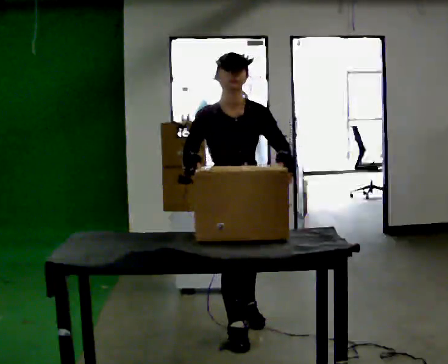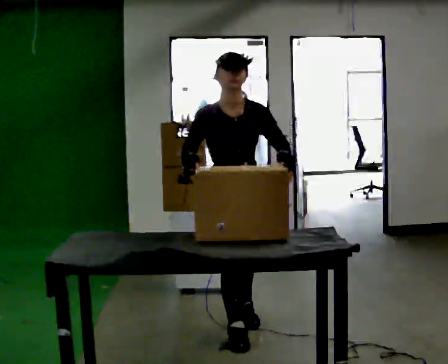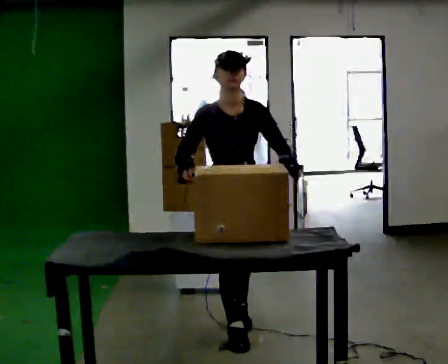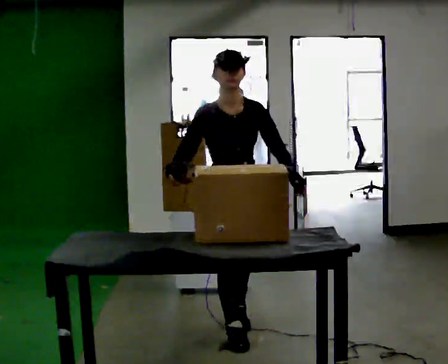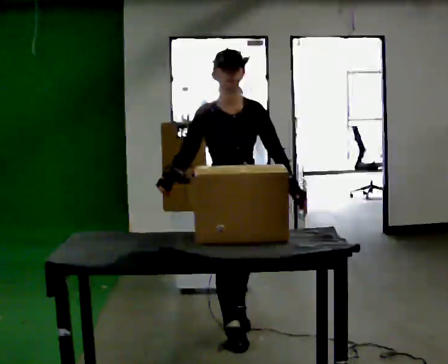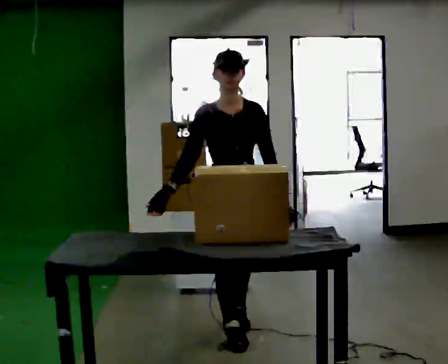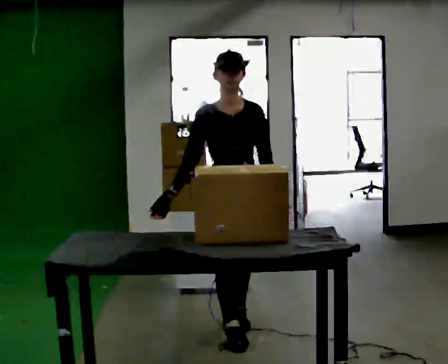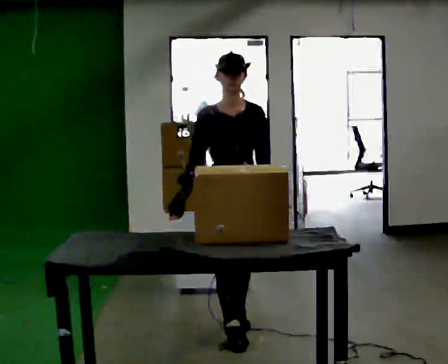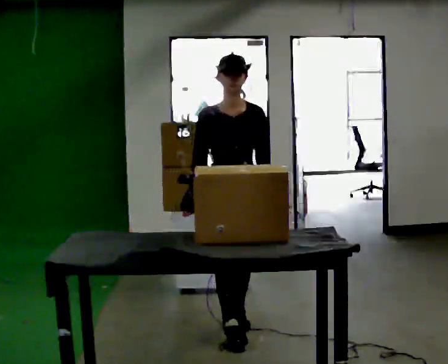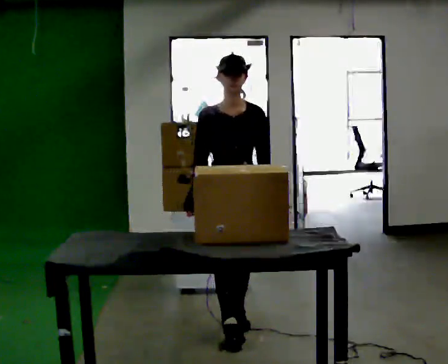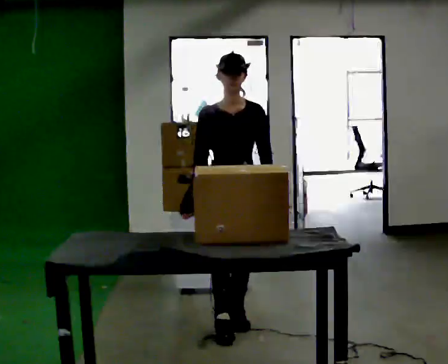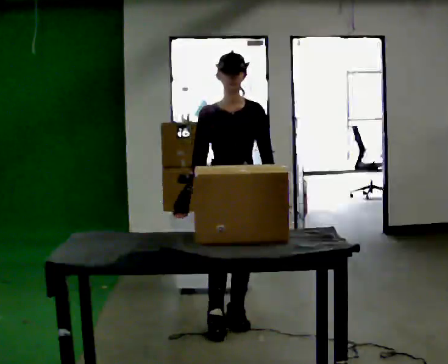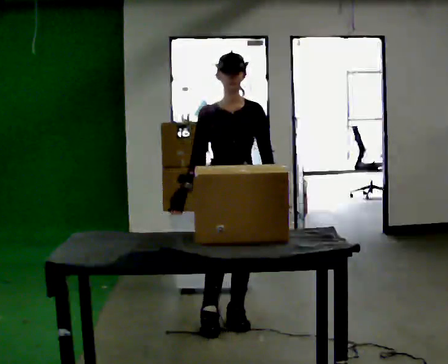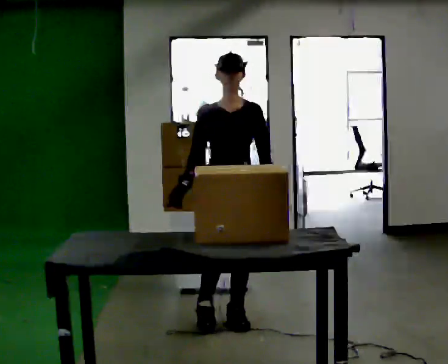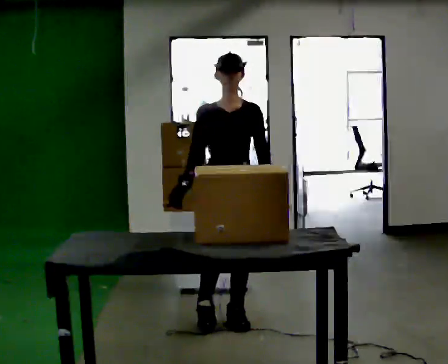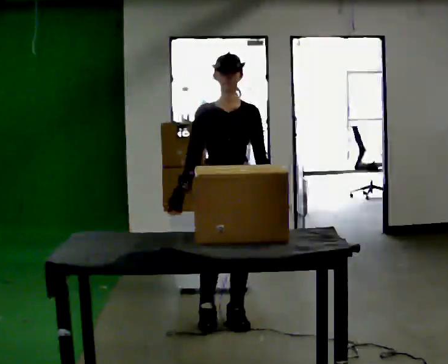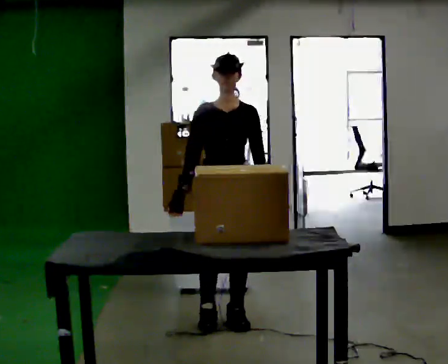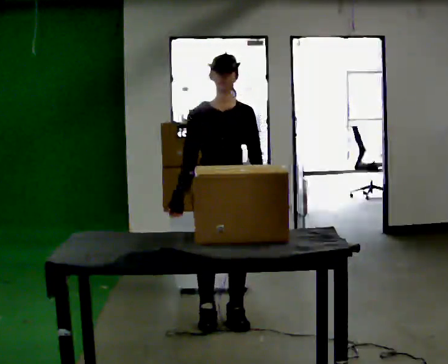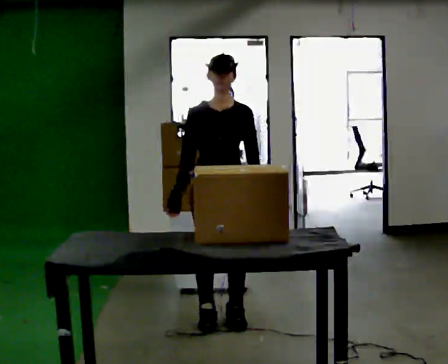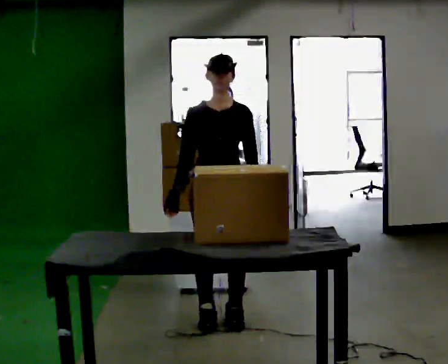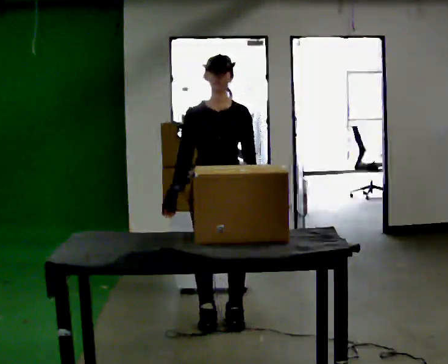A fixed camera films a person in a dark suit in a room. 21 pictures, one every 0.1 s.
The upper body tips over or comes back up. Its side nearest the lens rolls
upward.
0.0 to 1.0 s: In the picture they go away from the camera, about 0.25 m, which for them is backward. The upper body tips away from the camera, its near side rolling upward, as they lean back or straighten.
1.0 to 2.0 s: The person moves a little, or ends about where they began.
The film runs forward here.
